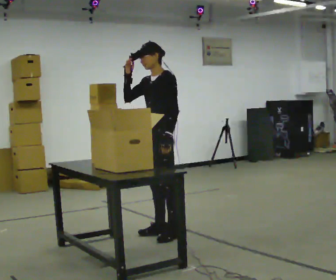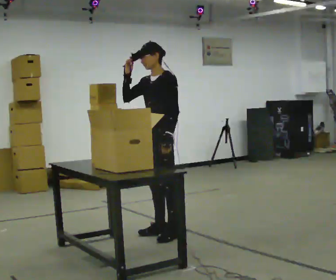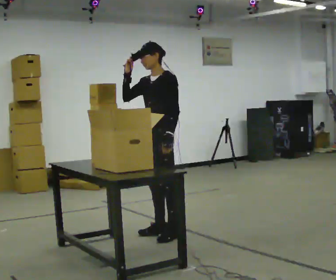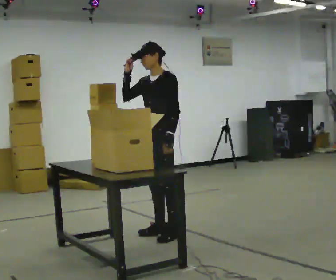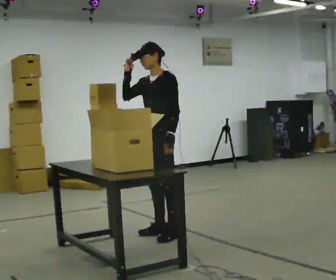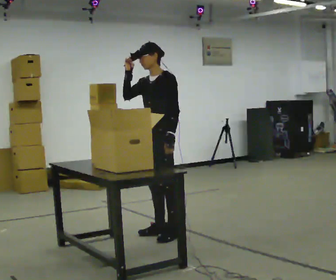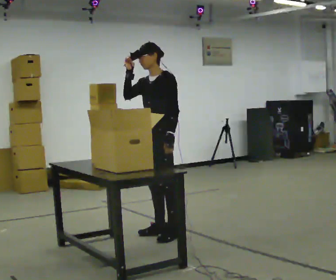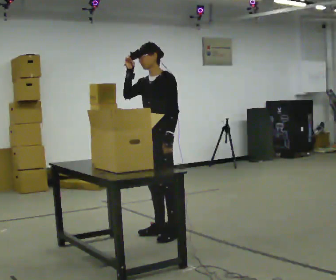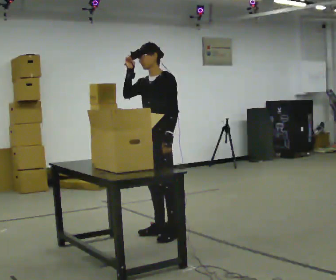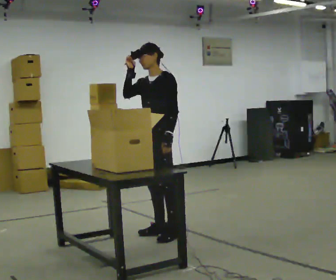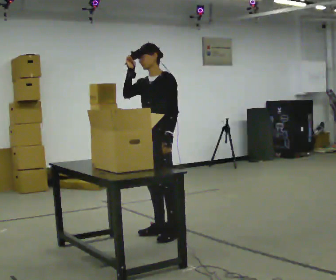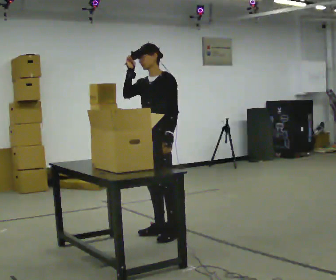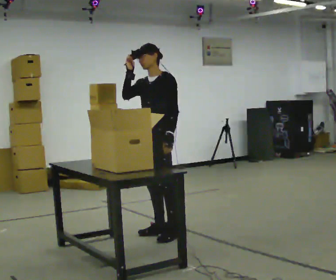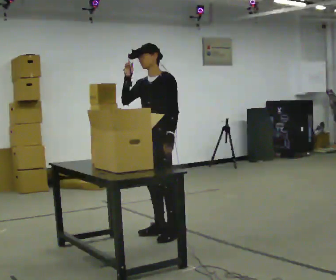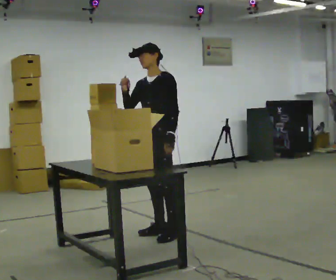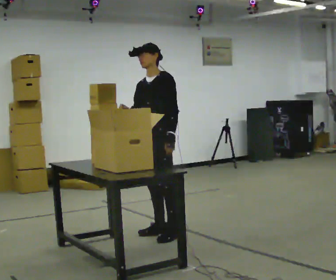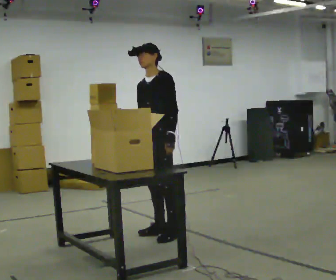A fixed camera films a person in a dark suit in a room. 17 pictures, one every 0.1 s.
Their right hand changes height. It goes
downward.
0.0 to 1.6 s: In the picture their right hand goes downward.
The film runs forward here.
